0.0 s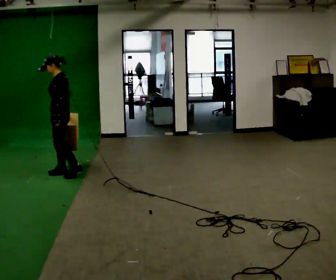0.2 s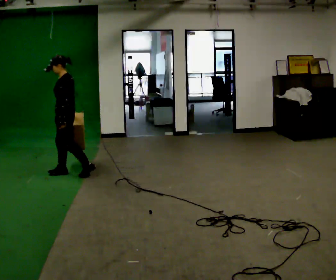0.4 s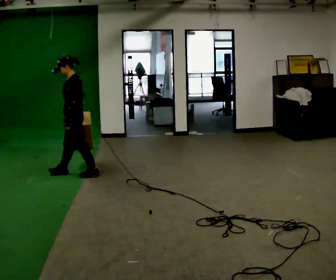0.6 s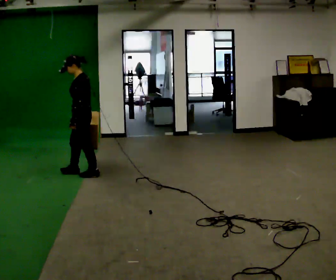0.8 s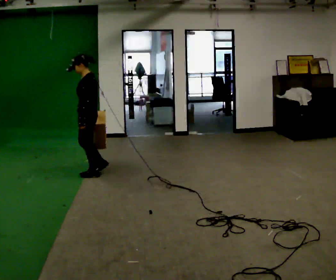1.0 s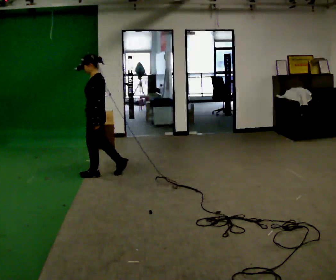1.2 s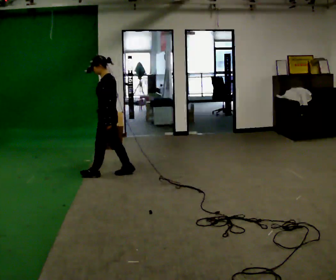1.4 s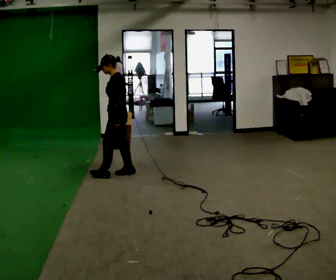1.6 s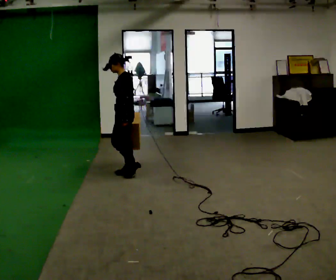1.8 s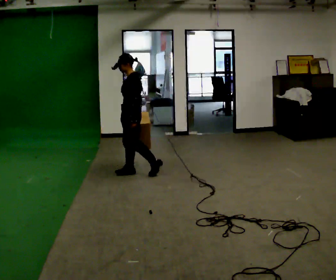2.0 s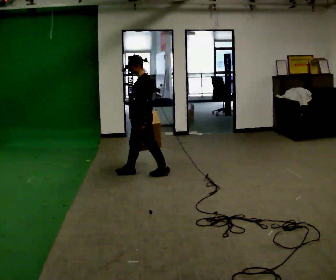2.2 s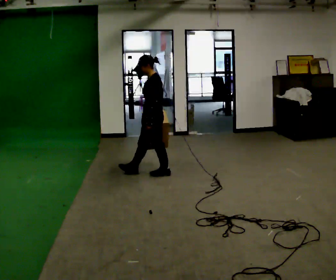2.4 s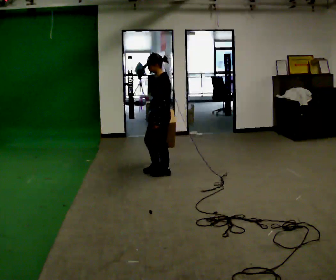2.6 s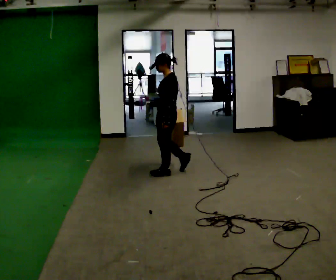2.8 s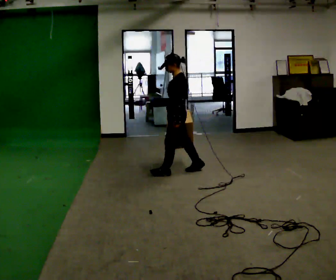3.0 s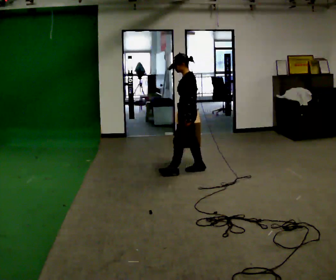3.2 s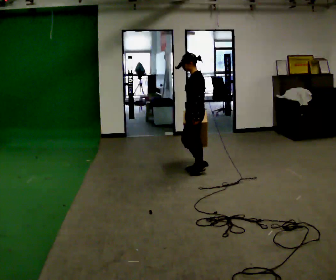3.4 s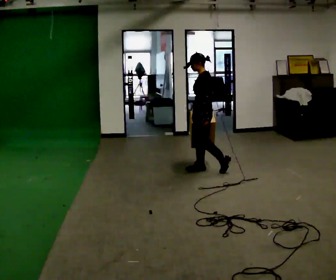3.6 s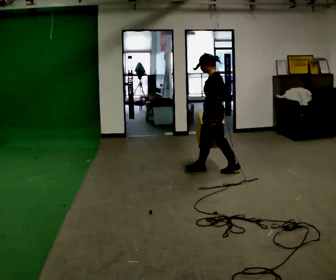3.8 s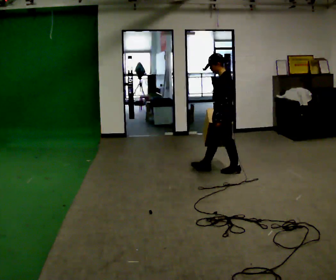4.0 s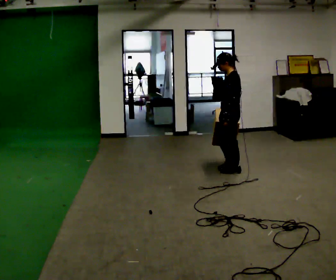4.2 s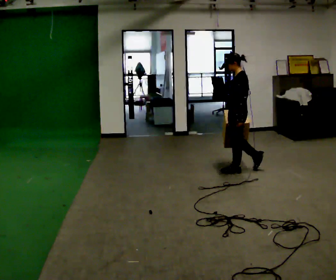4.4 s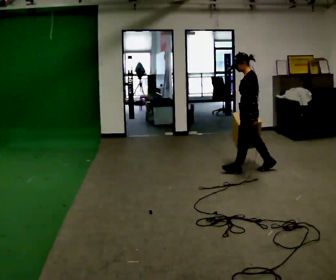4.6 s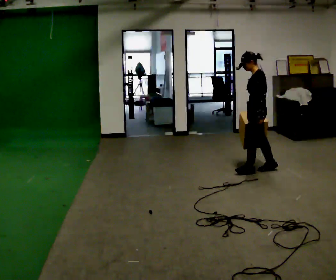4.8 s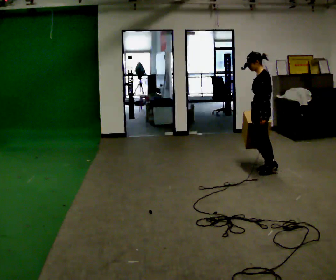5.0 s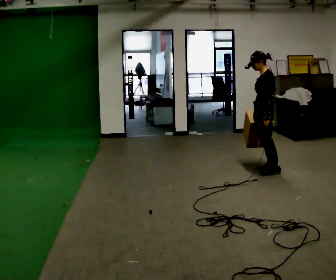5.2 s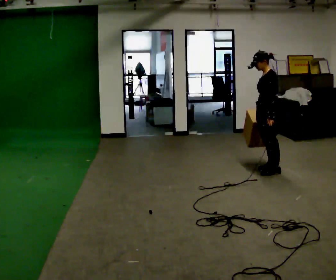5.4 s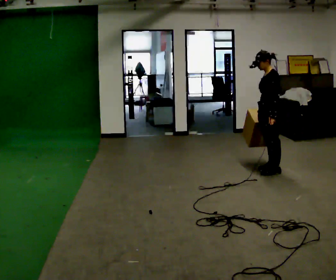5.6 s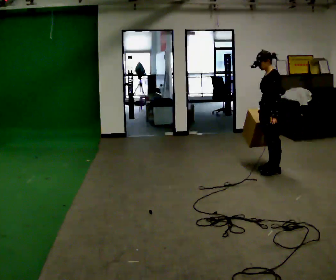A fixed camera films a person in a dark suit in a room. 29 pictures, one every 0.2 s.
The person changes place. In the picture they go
to the right.
0.0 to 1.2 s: In the picture they go to the right, about 0.5 m in 1 step, which for them is backward.
1.2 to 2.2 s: In the picture they go to the right, about 0.5 m in 2 steps, which for them is backward.
2.2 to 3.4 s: In the picture they go to the right, about 0.5 m in 1 step, which for them is backward.
3.4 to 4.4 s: In the picture they go to the right, about 0.5 m in 1 step, which for them is backward.
4.4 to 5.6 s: In the picture they go to the right, about 0.25 m in 1 step, which for them is backward.
The film runs backward here.
